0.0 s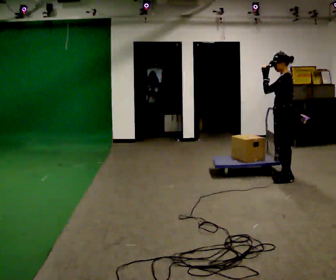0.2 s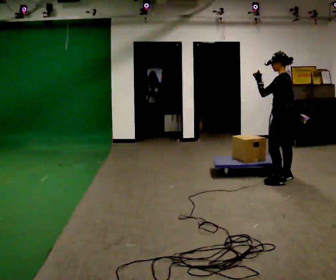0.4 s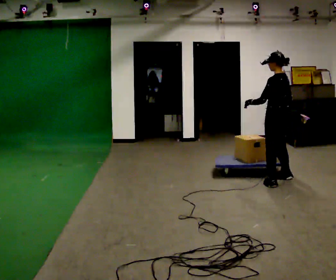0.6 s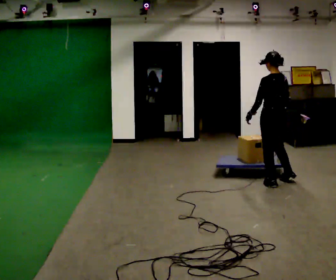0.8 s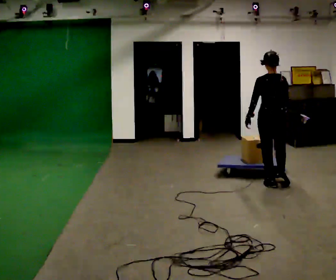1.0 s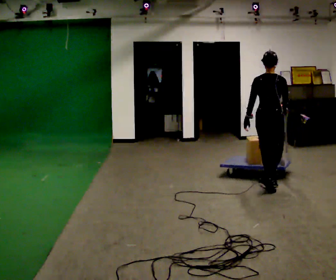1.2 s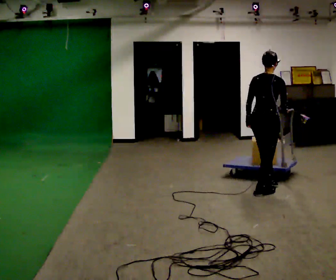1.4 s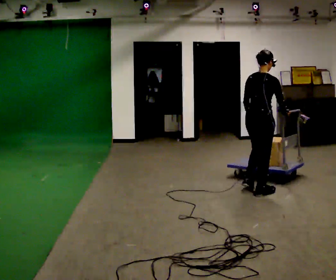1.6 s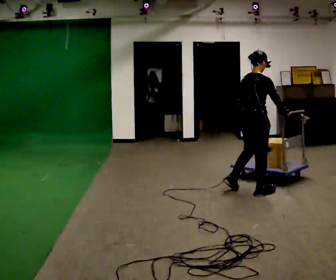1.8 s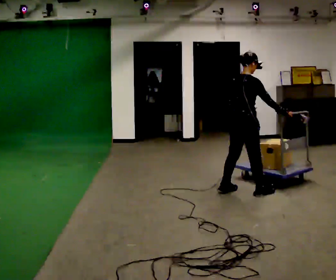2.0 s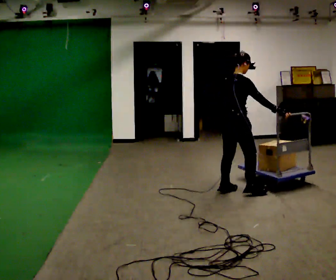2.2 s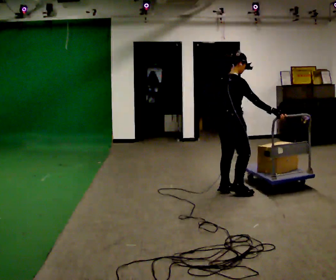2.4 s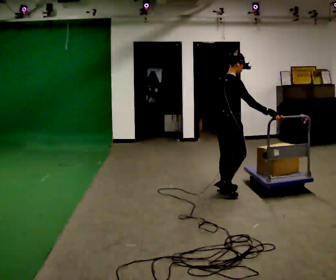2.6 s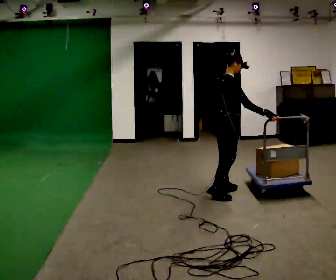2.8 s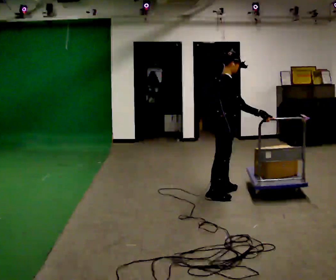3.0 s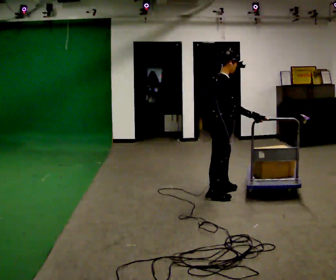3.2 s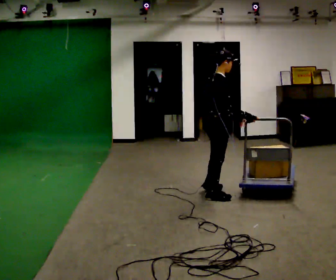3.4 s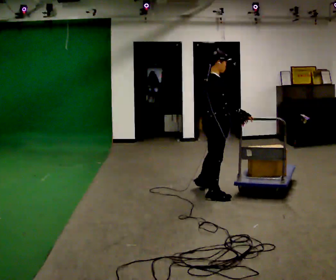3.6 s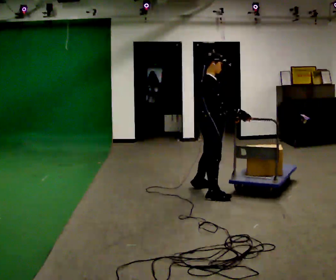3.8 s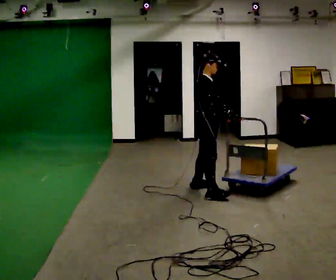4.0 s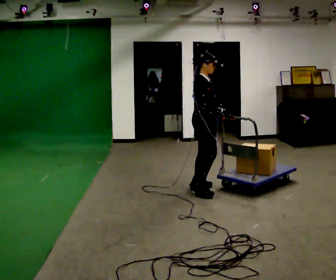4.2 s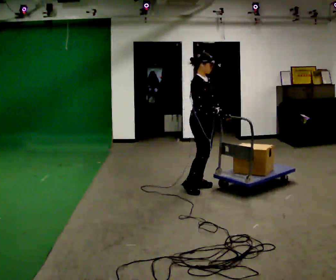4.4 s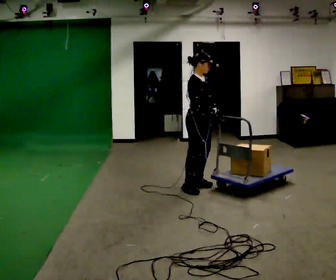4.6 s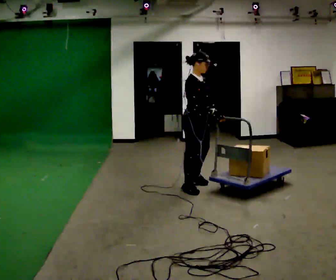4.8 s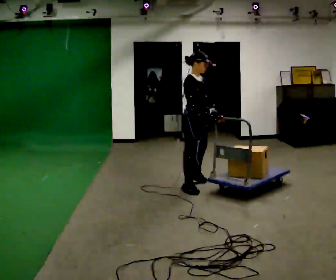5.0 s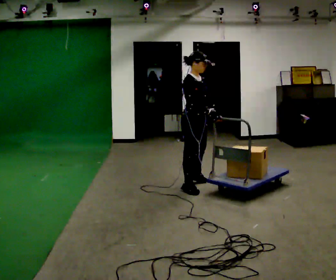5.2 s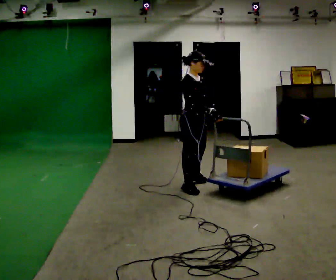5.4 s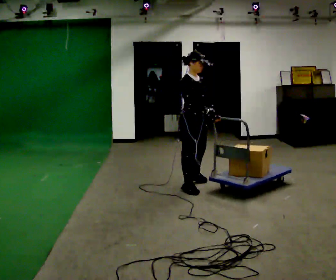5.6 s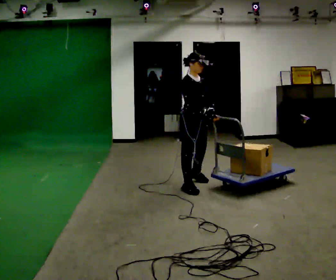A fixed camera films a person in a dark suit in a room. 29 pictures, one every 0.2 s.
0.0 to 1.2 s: The part of the body nearest the lens slides to the left as the person turns to their right by about 105 degrees. In the picture they go toward the camera and to the left, about 0.5 m in 2 steps. In the picture their left hand goes downward.
1.2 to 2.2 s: Seen from above the body turns clockwise, about 30 degrees: to their right, with its near side sliding to the left. In the picture they go to the left, about 0.5 m in 2 steps, which for them is backward and to their left.
2.2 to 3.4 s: In the picture they go toward the camera and to the left, about 0.25 m in 1 step, which for them is backward.
3.4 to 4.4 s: The part of the body nearest the lens slides to the left as the person turns to their right by about 30 degrees. In the picture they go away from the camera and to the left, about 0.25 m in 1 step, which for them is to their left and backward.
4.4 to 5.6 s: The person moves a little, or ends about where they began.
The film runs backward here.
